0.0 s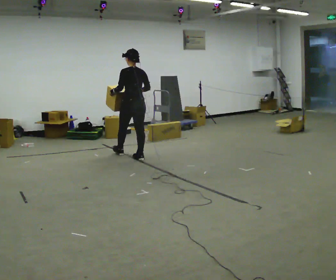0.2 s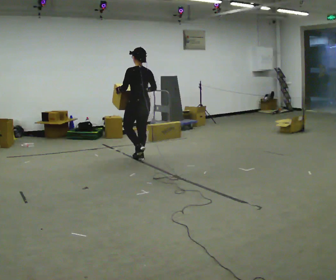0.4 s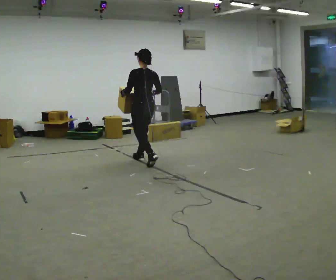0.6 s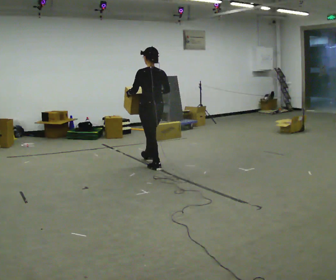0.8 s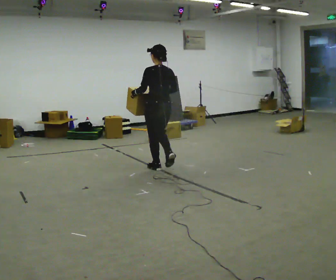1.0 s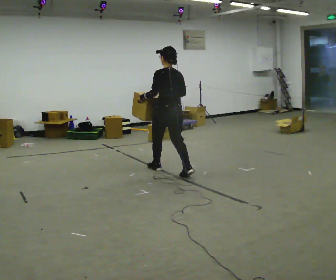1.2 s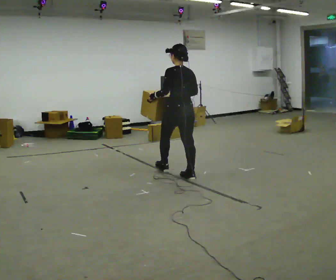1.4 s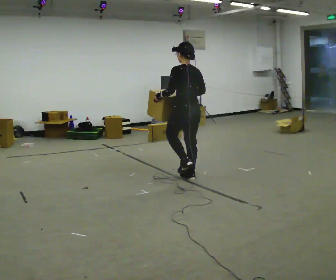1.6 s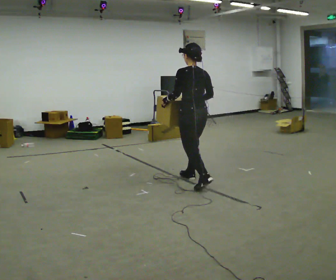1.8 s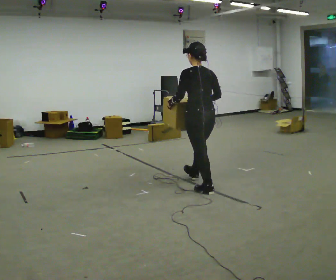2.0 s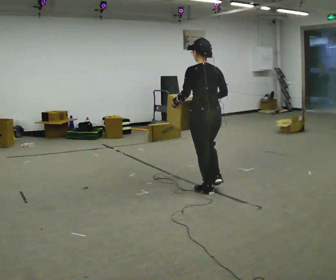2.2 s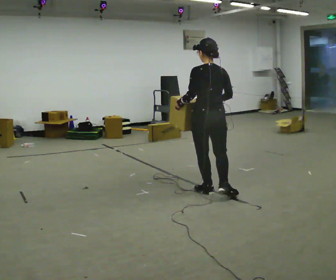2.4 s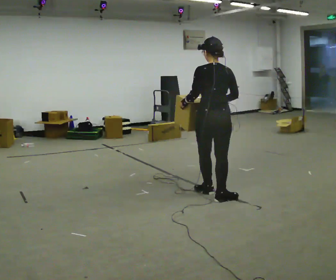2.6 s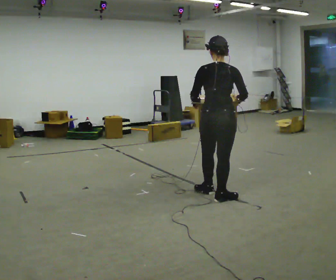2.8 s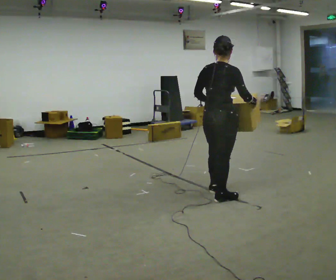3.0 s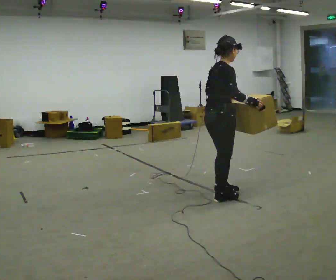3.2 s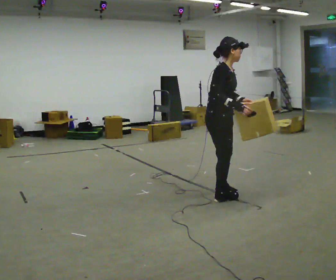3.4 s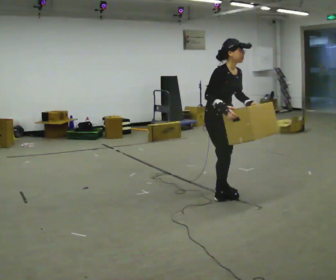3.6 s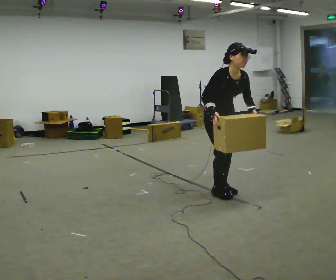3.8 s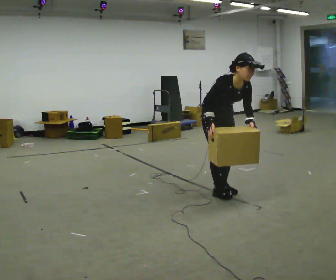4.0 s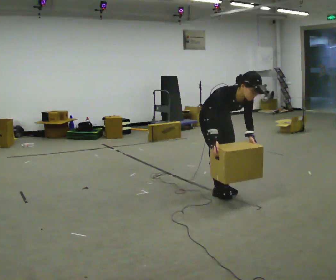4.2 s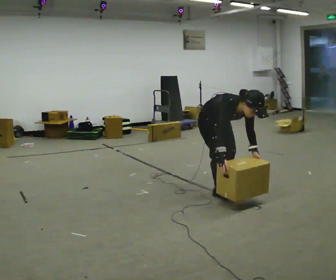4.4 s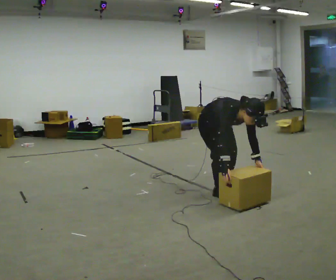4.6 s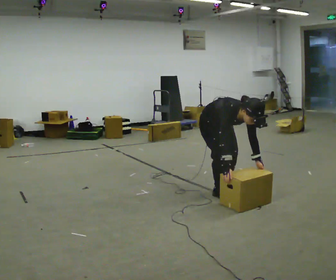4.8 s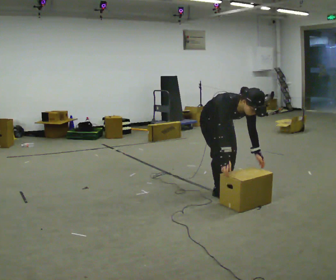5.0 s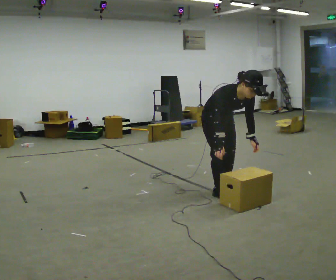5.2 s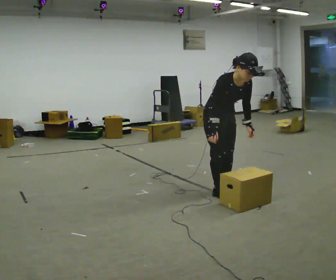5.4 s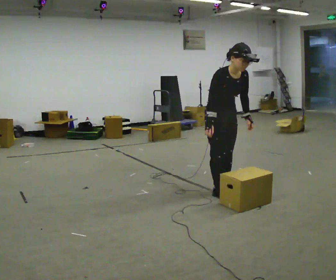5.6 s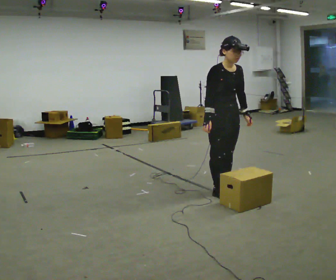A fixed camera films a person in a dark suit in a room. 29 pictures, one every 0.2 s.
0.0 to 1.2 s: In the picture they go to the right and toward the camera, about 1 m in 2 steps, which for them is backward.
1.2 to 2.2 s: In the picture they go toward the camera and to the right, about 1 m in 1 step, which for them is backward.
2.2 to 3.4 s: Seen from above the body turns clockwise, about 135 degrees: to their right, with its near side sliding to the left. In the picture the upper body tilts clockwise, shoulders to the right.
3.4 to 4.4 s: The part of the body nearest the lens slides to the left as the person turns to their right by about 30 degrees. The upper body goes downward. The upper body tips toward the camera, its near side rolling downward, as they bend forward. In the picture their right hand goes downward.
4.4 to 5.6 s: The upper body goes upward. In the picture the upper body tilts counterclockwise, shoulders to the left, as they lean back or straighten. In the picture their right hand goes upward.
The film runs backward here.
